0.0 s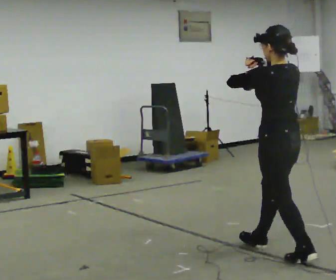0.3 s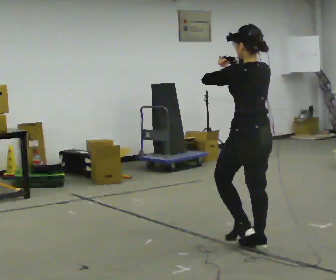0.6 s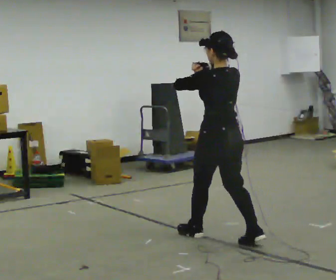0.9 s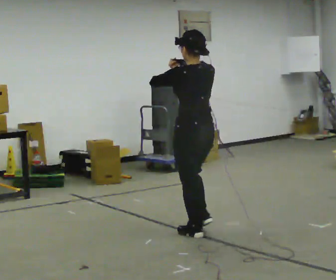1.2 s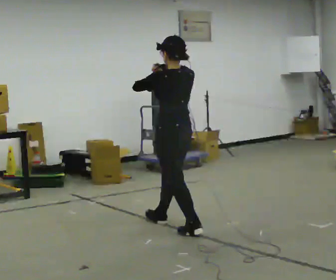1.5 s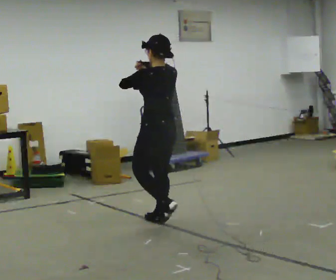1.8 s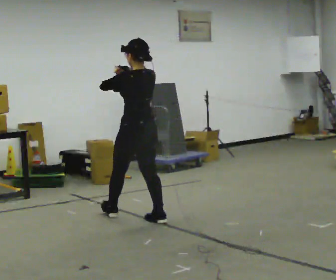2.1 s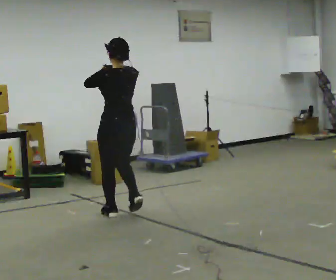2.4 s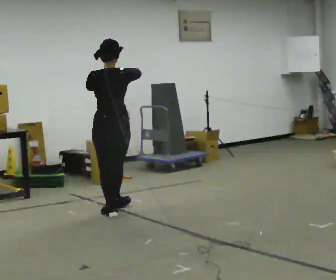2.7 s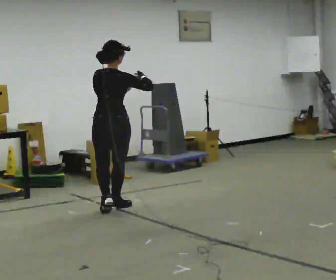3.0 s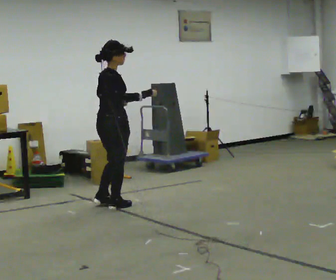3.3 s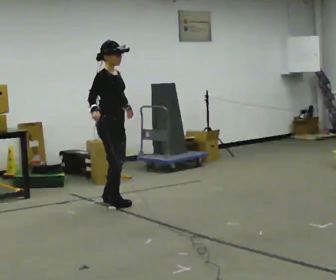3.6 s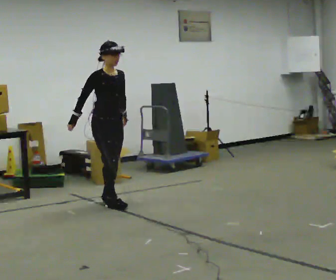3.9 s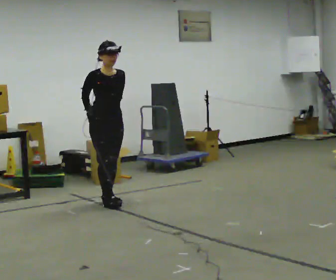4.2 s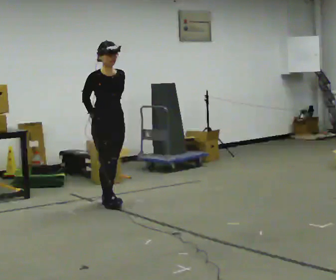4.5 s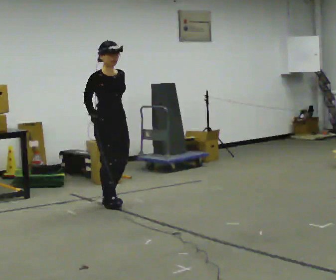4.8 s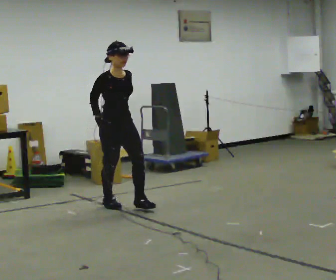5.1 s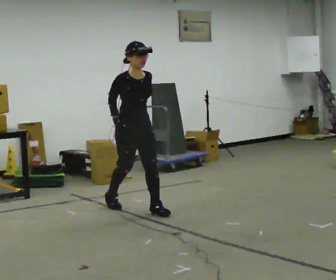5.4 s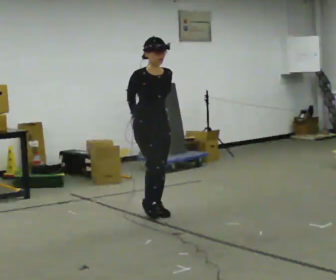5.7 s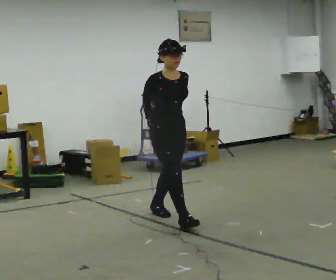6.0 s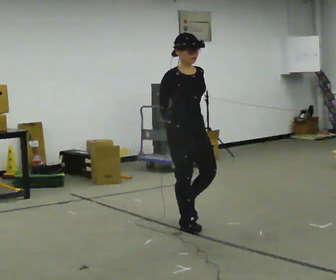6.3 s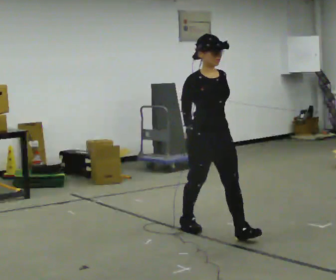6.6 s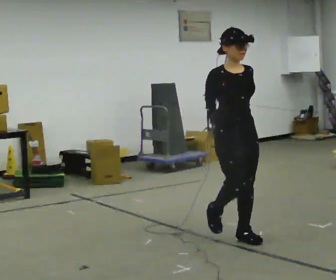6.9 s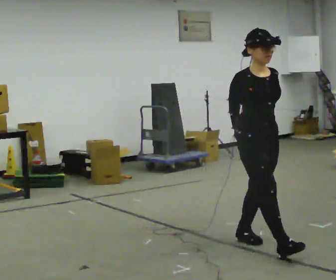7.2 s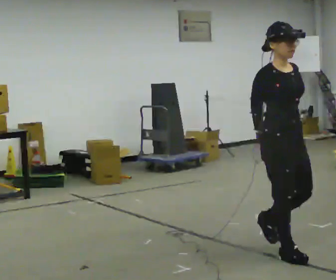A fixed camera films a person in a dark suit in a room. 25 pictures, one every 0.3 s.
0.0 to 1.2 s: In the picture they go away from the camera and to the left, about 1 m in 2 steps, which for them is forward.
1.2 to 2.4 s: Seen from above the body turns clockwise, about 45 degrees: to their right, with its near side sliding to the left. In the picture they go away from the camera and to the left, about 1 m in 2 steps, which for them is forward.
2.4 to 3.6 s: Seen from above the body turns clockwise, about 135 degrees: to their right, with its near side sliding to the left. In the picture they go away from the camera, about 0.5 m in 1 step. In the picture their right hand goes downward.
3.6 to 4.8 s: In the picture they go toward the camera, about 0.25 m, which for them is forward.
4.8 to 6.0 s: In the picture they go toward the camera and to the right, about 1 m in 2 steps, which for them is forward.
6.0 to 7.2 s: In the picture they go toward the camera and to the right, about 1 m in 2 steps, which for them is forward.
The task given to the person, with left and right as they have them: Walk normally but hold both hands together in front of you at chest height; do not swing your arms; stop.
The film runs forward here.
